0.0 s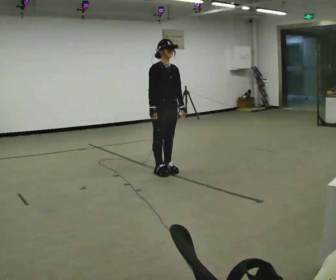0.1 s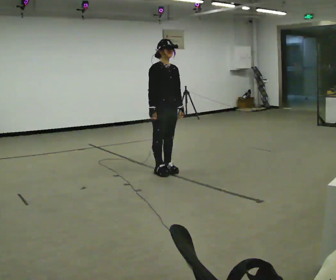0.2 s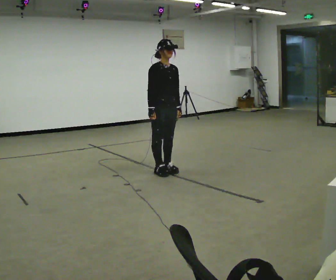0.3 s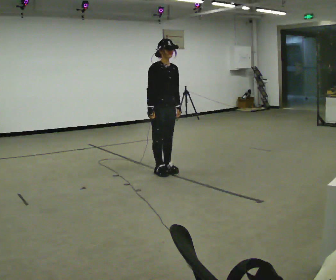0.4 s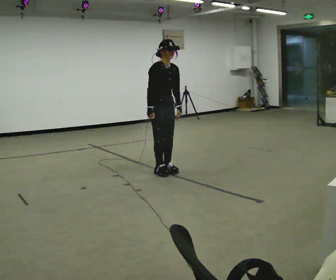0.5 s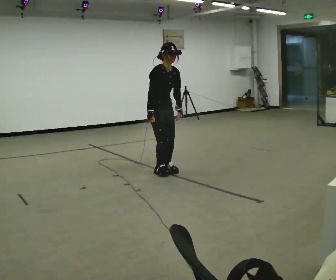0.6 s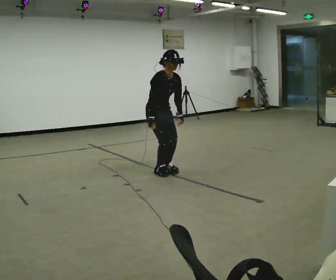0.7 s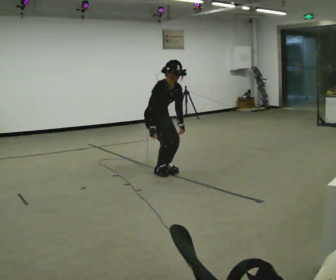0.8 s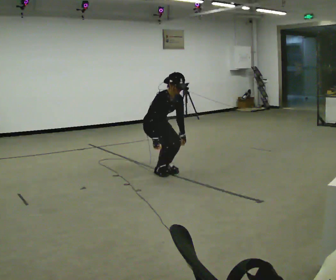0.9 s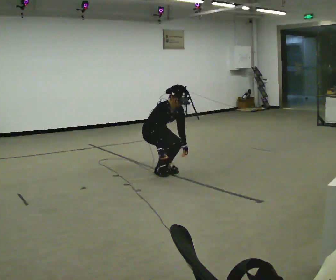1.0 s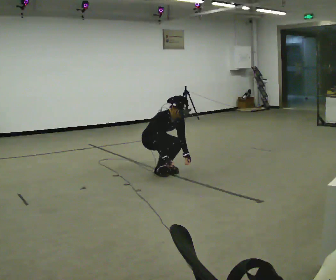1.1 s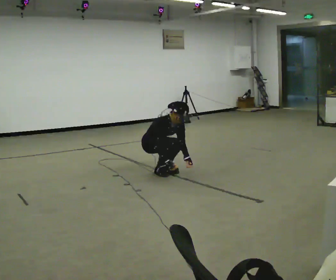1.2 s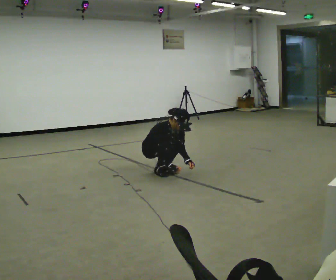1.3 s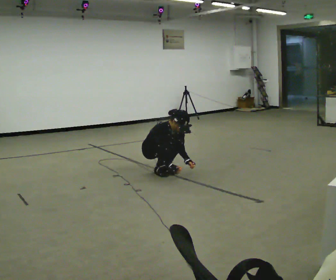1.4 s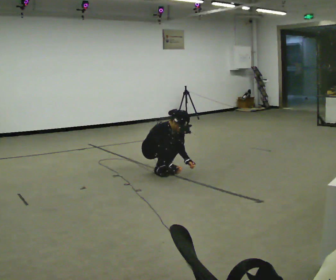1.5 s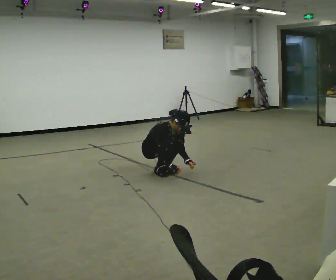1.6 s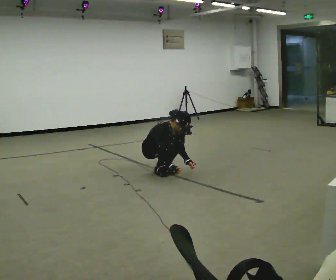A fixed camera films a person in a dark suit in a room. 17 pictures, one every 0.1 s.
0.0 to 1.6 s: In the picture they go away from the camera and to the left, about 0.25 m, which for them is backward. The upper body goes downward. The upper body tips toward the camera, its near side rolling downward, as they bend forward. In the picture their right hand goes downward.
The film runs backward here.
